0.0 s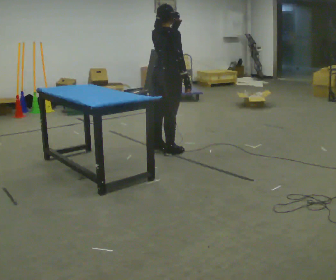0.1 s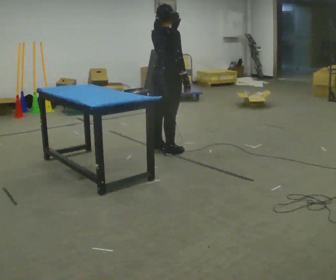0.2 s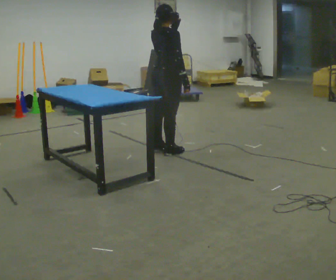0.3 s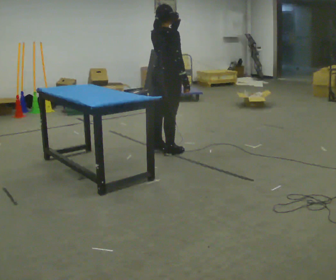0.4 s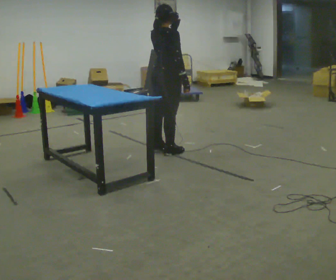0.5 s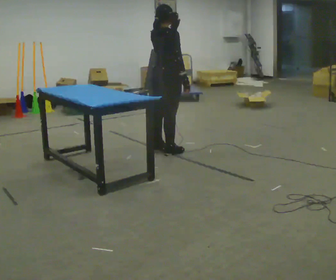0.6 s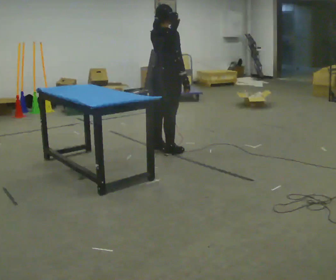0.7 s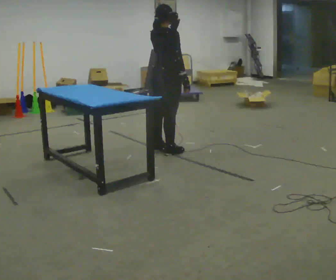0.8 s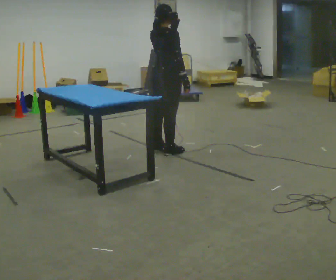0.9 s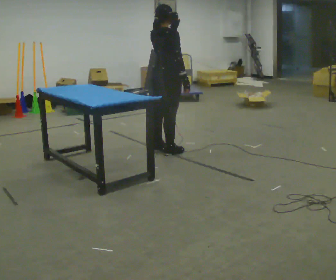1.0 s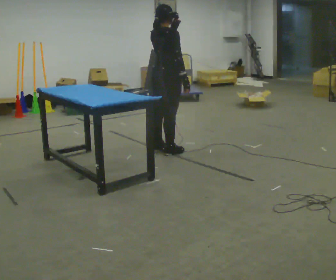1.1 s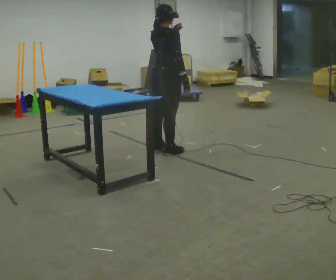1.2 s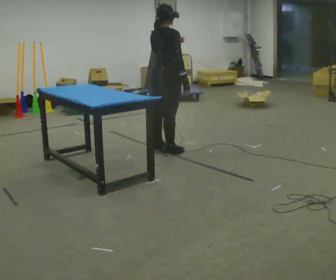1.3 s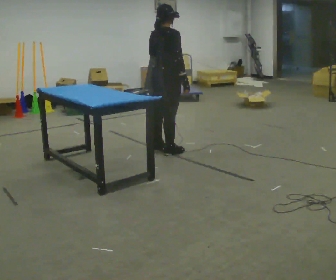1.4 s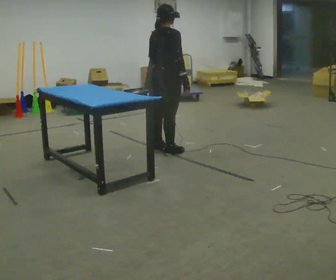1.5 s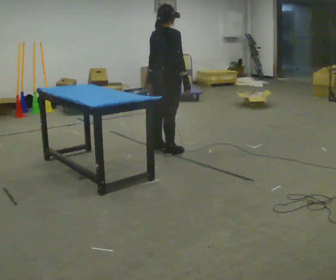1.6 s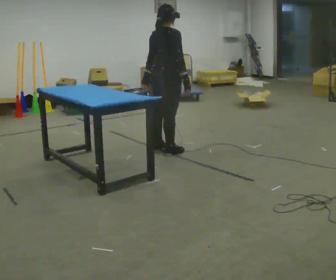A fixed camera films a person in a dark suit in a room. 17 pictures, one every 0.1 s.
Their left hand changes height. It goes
downward.
0.0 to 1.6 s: In the picture their left hand goes downward.
The film runs forward here.
